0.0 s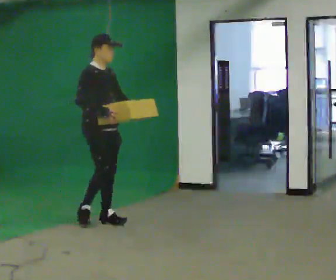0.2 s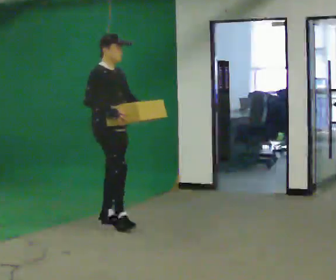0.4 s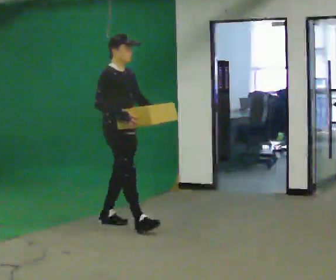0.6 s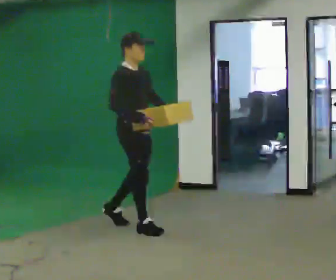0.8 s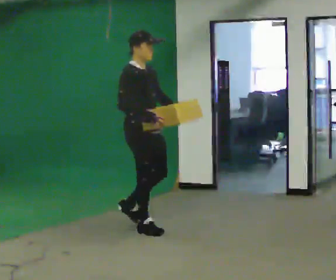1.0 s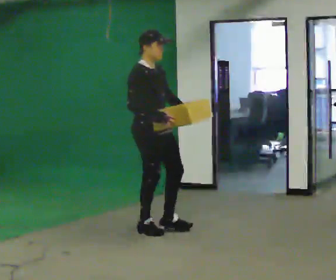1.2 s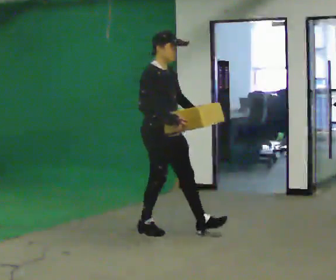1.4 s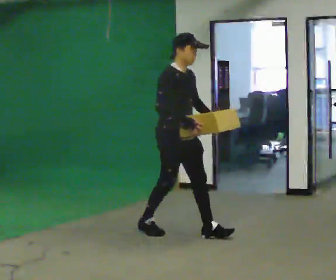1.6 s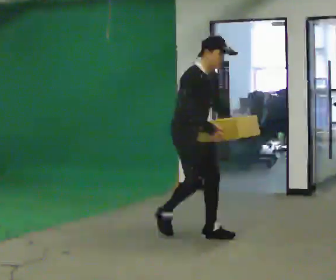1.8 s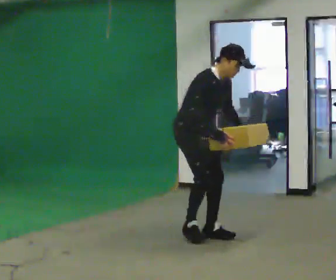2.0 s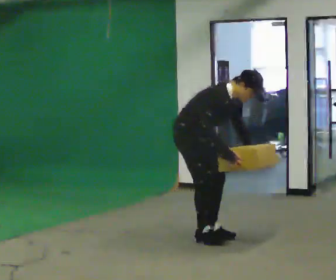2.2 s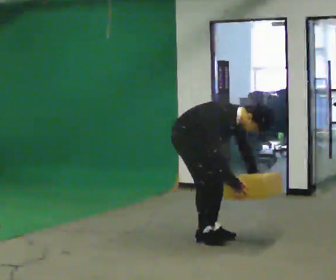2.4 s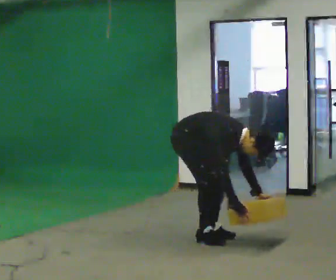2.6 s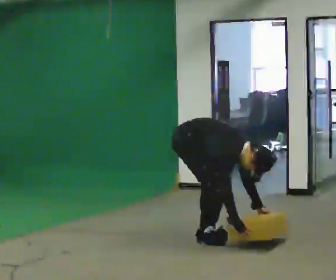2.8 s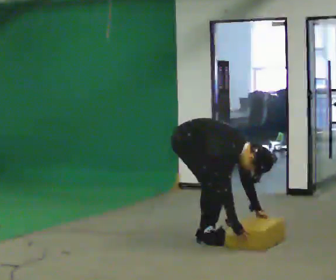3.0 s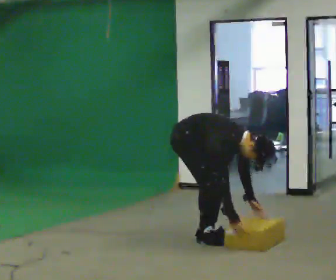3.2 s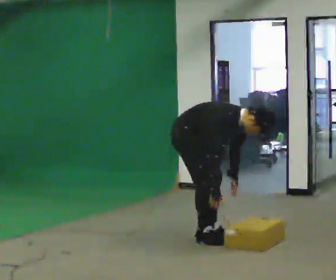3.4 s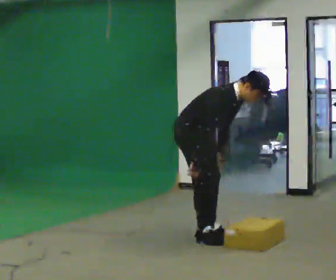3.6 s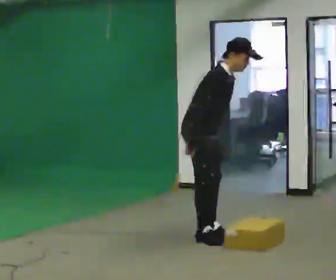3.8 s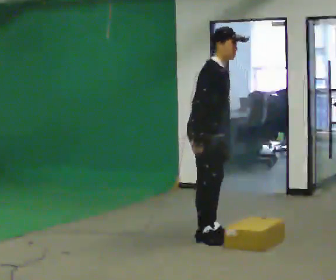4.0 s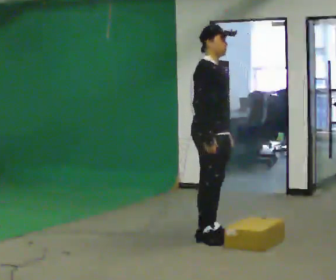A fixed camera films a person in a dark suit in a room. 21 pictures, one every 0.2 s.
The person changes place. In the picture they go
to the right.
0.0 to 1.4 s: In the picture they go to the right and toward the camera, about 1 m in 2 steps, which for them is forward.
1.4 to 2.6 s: The upper body goes downward. In the picture the upper body tilts clockwise, shoulders to the right, as they bend forward. In the picture their right hand goes downward and to the right.
2.6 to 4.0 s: The shoulders move upward. In the picture the upper body tilts counterclockwise, shoulders to the left, as they lean back or straighten. In the picture their left hand goes upward.
The film runs forward here.
